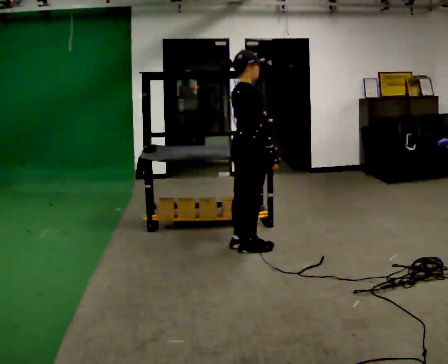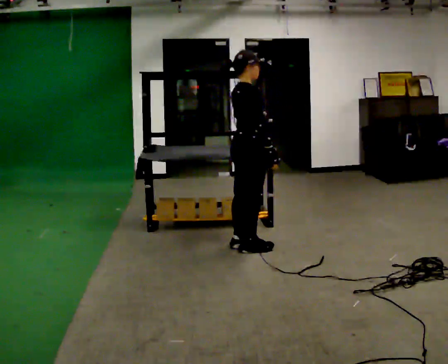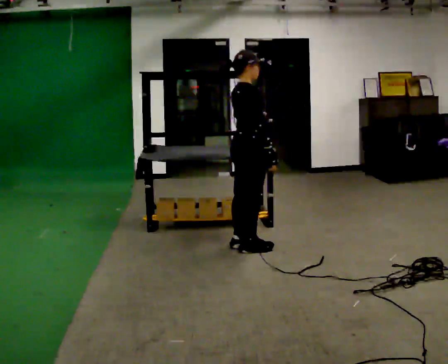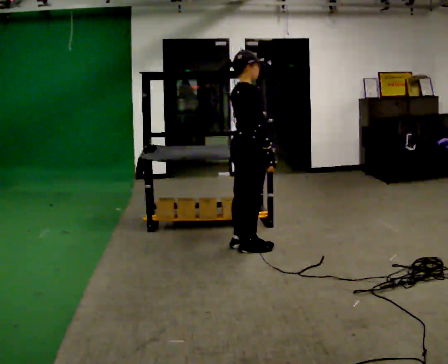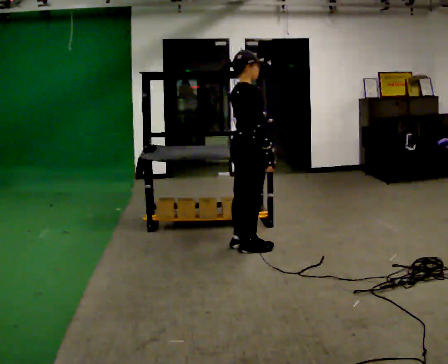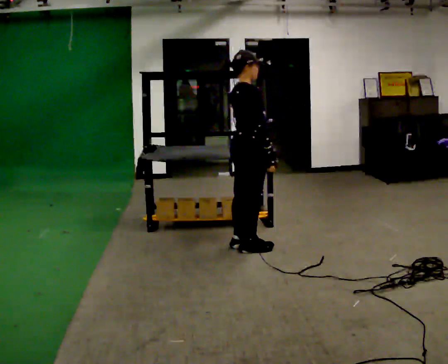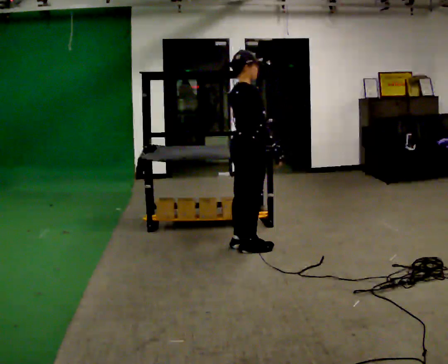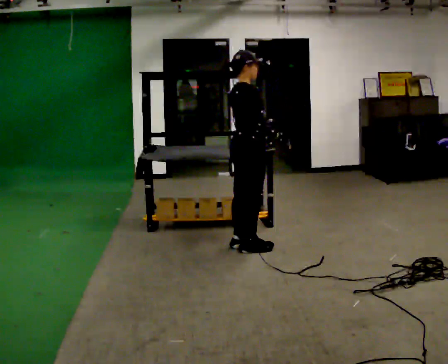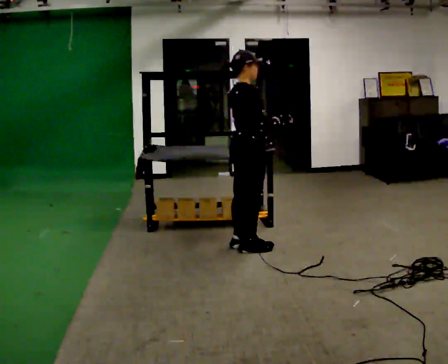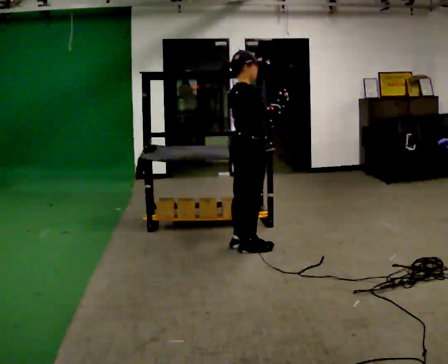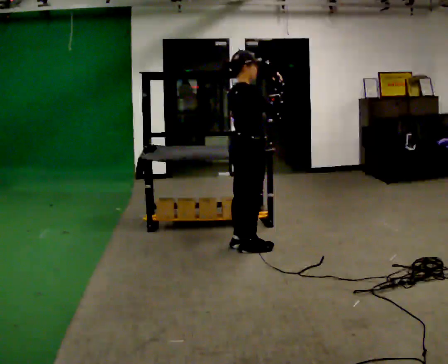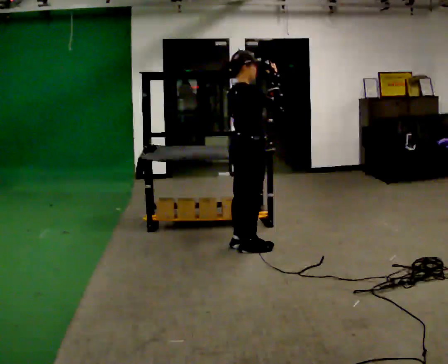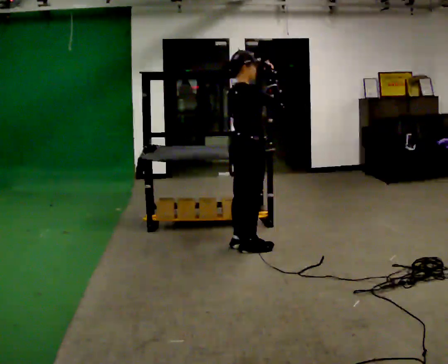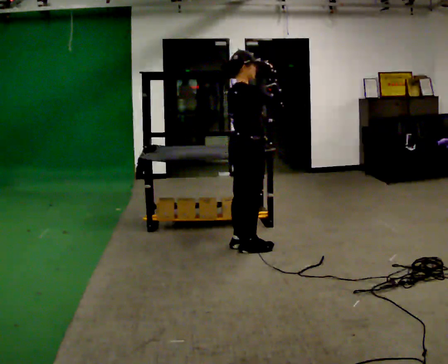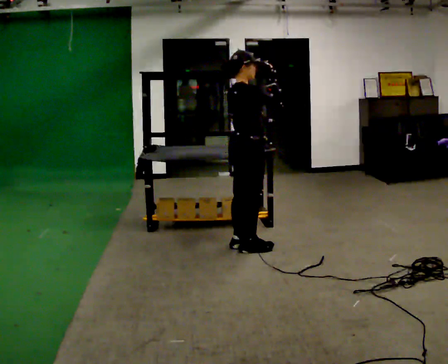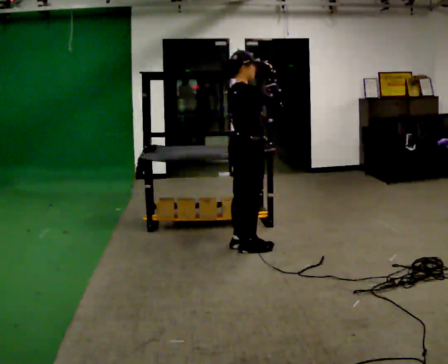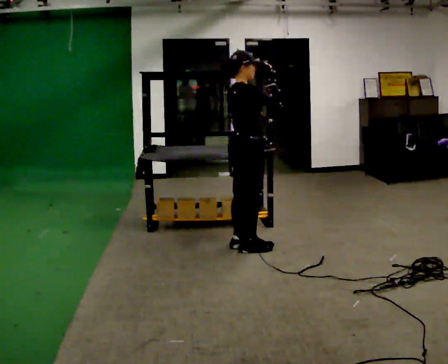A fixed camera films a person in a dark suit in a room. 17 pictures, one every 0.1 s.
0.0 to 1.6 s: In the picture their right hand goes upward.
The film runs backward here.
